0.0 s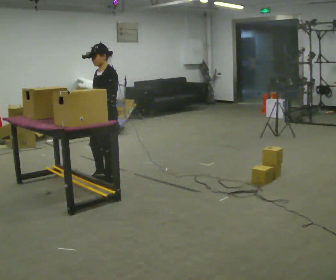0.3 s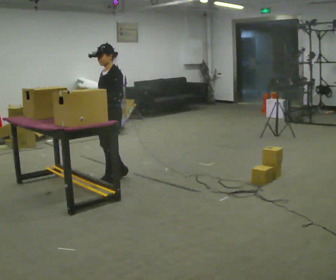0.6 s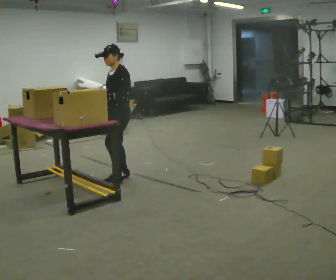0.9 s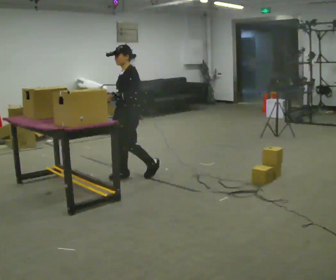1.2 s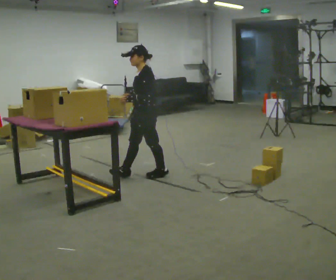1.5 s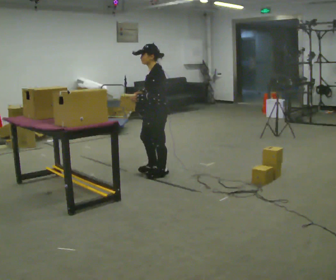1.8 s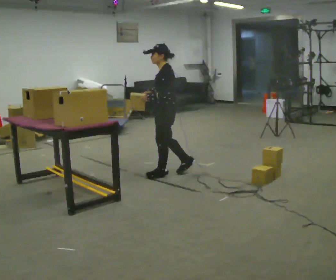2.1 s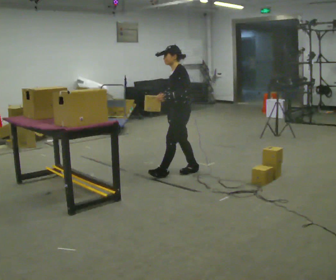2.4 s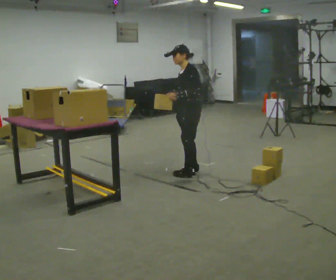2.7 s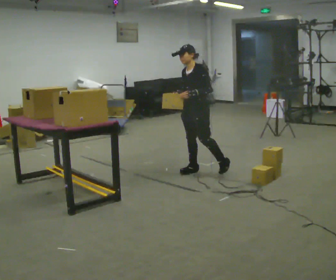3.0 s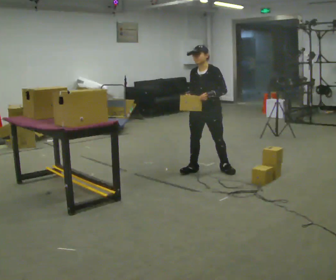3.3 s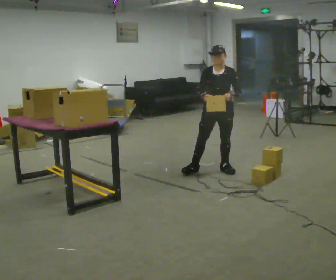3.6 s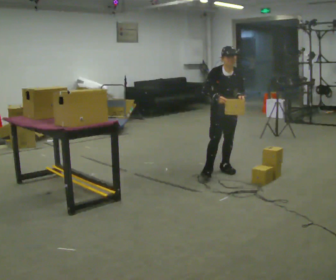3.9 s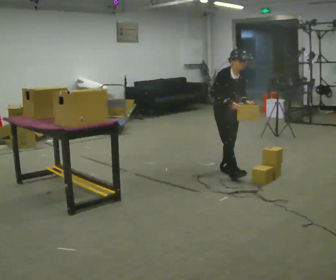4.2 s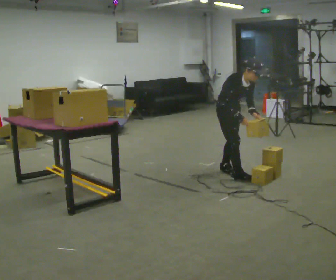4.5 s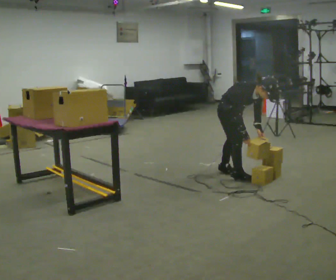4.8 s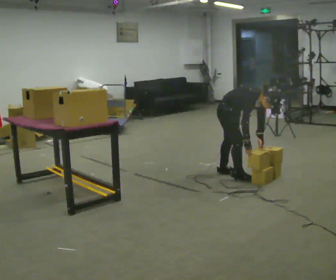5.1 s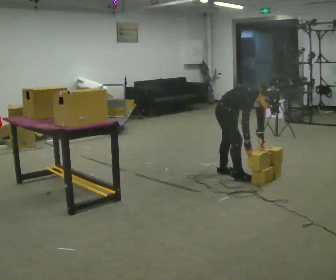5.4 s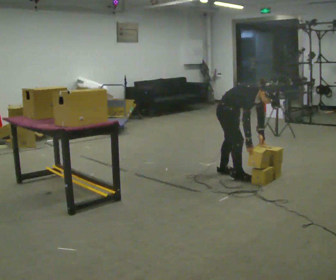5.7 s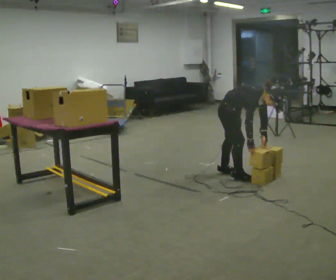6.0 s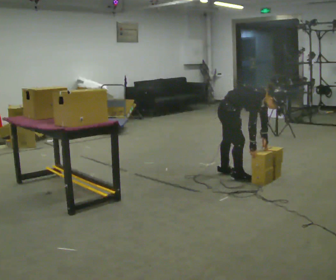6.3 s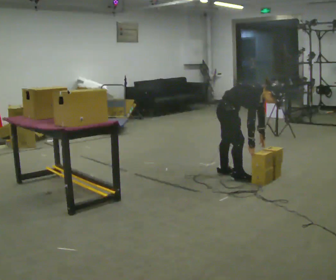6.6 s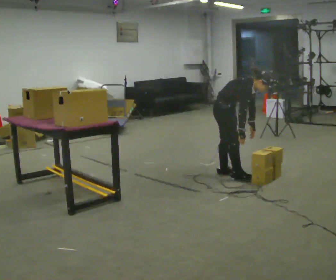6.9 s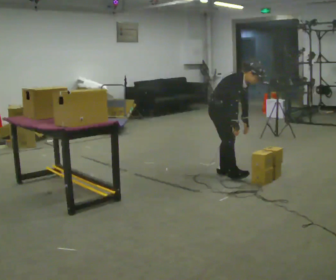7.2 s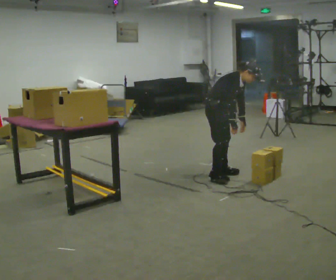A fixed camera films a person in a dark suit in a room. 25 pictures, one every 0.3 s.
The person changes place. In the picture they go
to the right.
0.0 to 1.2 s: In the picture they go to the right and away from the camera, about 0.5 m in 1 step, which for them is backward.
1.2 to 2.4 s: In the picture they go to the right and away from the camera, about 0.5 m in 2 steps, which for them is backward.
2.4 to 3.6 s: The person turns about 75 degrees to their left, counterclockwise seen from above, so the part of the body nearest the lens slides to the right. In the picture they go to the right, about 0.25 m in 1 step.
3.6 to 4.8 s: The person turns about 45 degrees to their left, counterclockwise seen from above, so the part of the body nearest the lens slides to the right. In the picture they go toward the camera, about 0.25 m in 1 step, which for them is forward and to their right. The shoulders move downward. In the picture the upper body tilts clockwise, shoulders to the right, as they bend forward. In the picture their left hand goes downward.
4.8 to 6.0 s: The person moves a little, or ends about where they began.
6.0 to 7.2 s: In the picture they go away from the camera, about 0.25 m in 1 step, which for them is backward and to their left. The shoulders move upward. The upper body tips away from the camera, its near side rolling upward, as they lean back or straighten.
The film runs backward here.
